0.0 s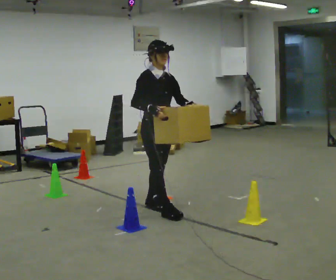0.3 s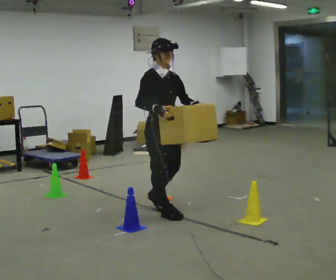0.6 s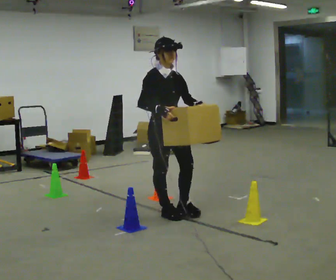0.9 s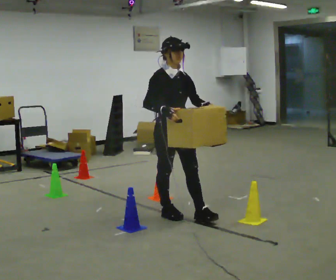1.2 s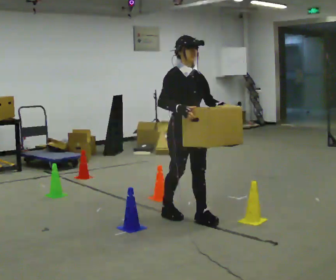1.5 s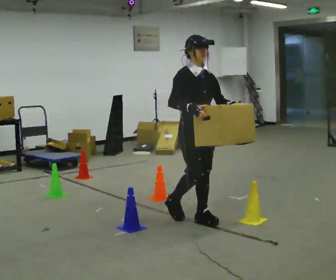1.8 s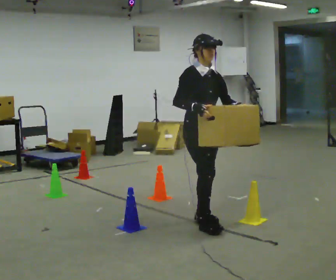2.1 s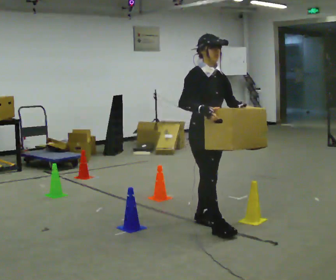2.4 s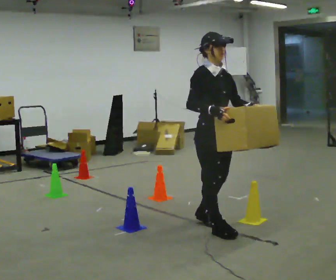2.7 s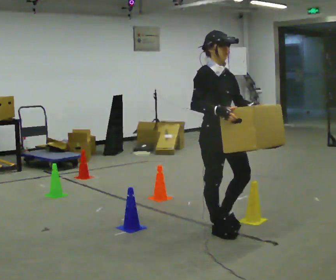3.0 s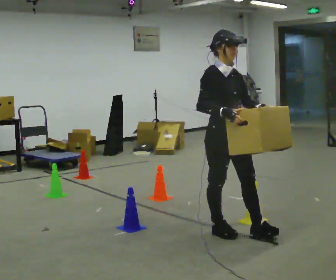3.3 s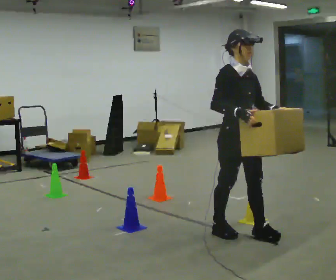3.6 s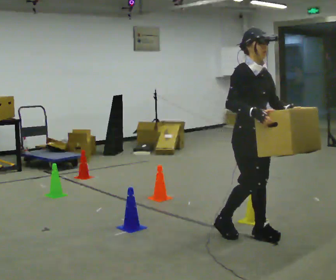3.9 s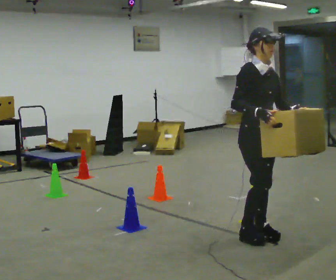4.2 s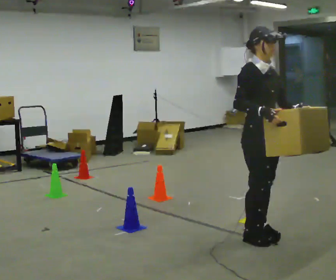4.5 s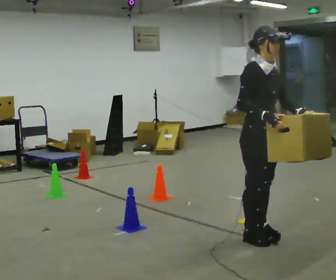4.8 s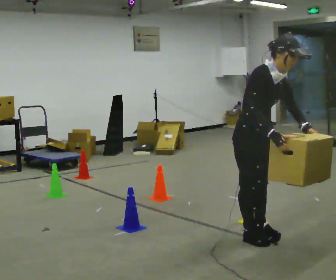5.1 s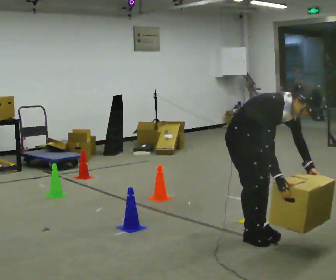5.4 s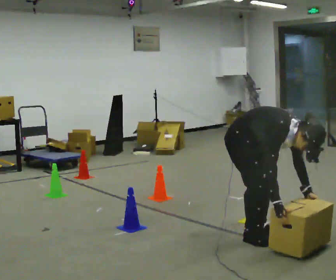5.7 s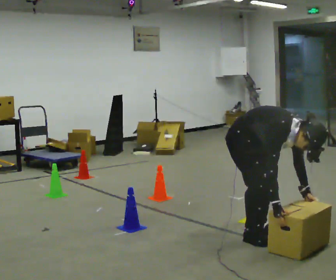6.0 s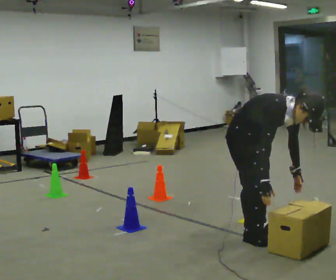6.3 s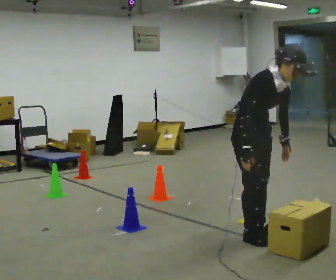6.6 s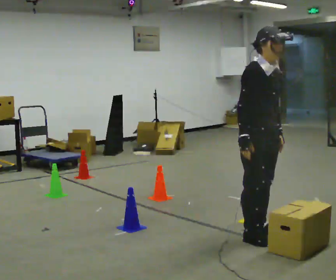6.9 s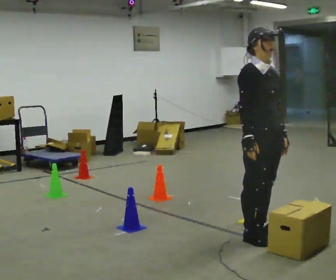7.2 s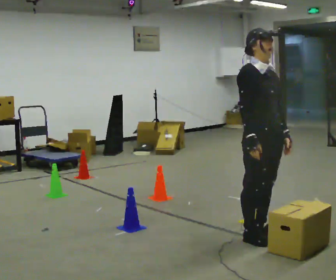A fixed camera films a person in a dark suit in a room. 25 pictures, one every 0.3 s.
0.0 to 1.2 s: In the picture they go to the right and toward the camera, about 0.5 m in 1 step, which for them is forward.
1.2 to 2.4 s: In the picture they go toward the camera and to the right, about 0.5 m in 1 step, which for them is forward.
2.4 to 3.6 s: In the picture they go to the right, about 0.25 m in 1 step, which for them is forward.
3.6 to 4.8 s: In the picture the upper body tilts clockwise, shoulders to the right, as they bend forward.
4.8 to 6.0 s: The person moves a little, or ends about where they began.
6.0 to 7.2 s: The upper body goes upward. In the picture the upper body tilts counterclockwise, shoulders to the left, as they lean back or straighten.
The film runs forward here.
